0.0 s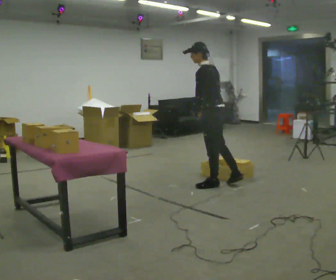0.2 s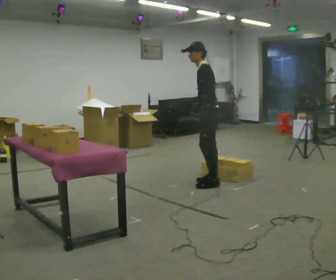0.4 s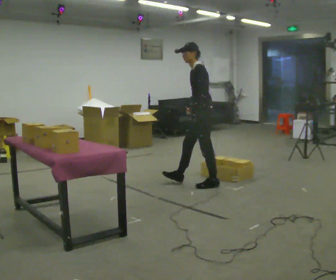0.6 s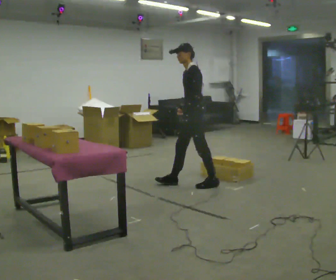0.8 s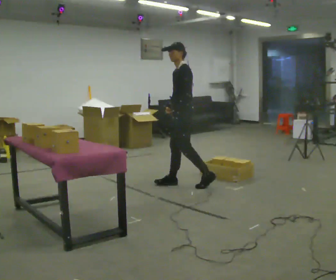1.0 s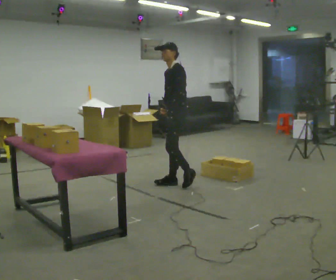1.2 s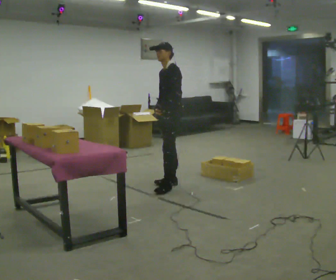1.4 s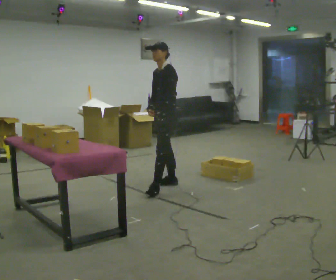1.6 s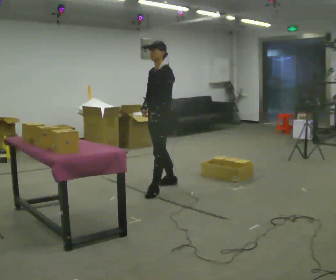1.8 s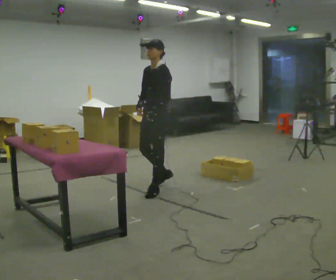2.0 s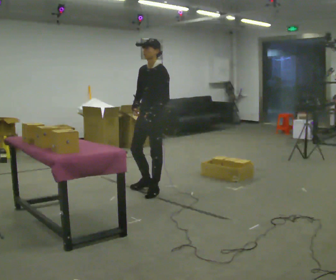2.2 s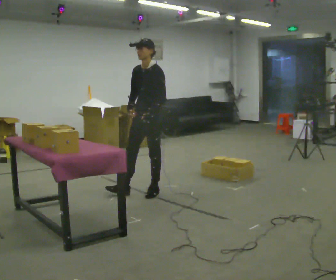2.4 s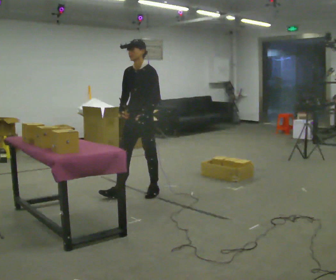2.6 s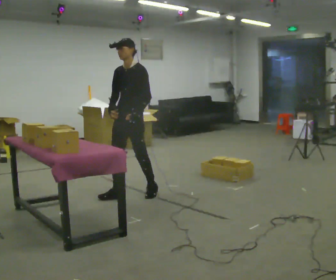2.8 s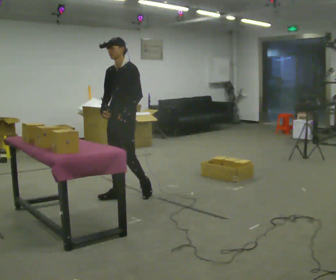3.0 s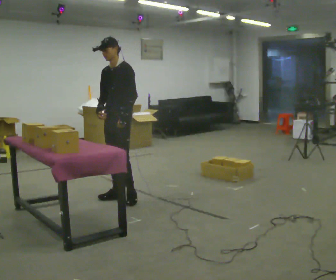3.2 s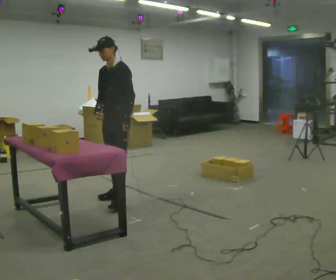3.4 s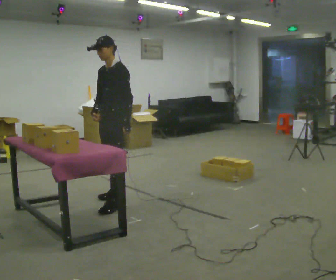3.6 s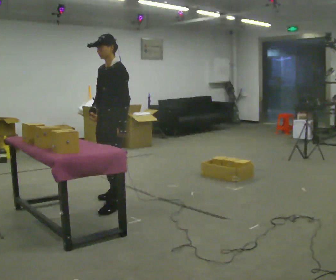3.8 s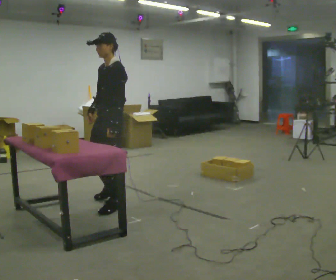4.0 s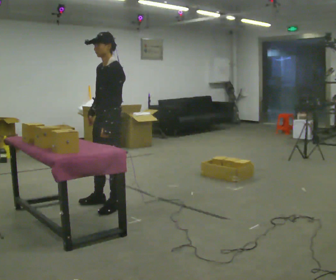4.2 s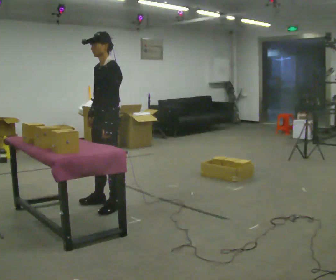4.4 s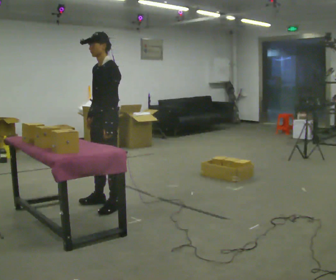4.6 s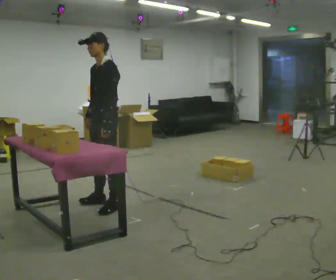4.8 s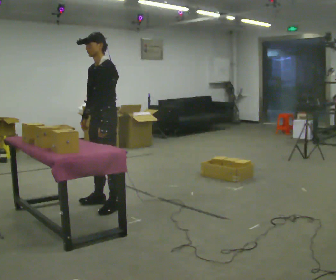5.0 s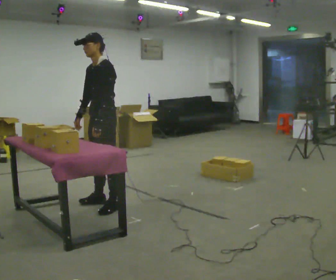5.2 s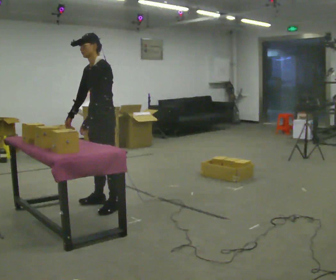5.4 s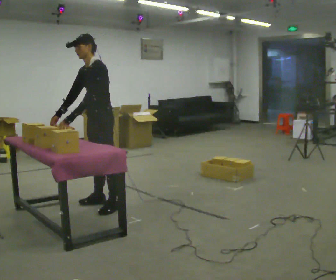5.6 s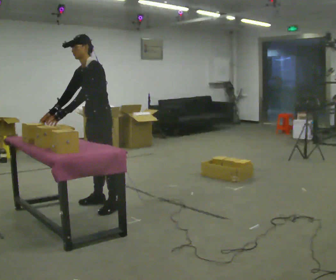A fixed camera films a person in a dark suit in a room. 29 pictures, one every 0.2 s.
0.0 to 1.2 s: The part of the body nearest the lens slides to the right as the person turns to their left by about 60 degrees. In the picture they go to the left and away from the camera, about 0.5 m in 1 step, which for them is forward and to their right.
1.2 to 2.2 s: In the picture they go to the left and toward the camera, about 0.5 m in 1 step, which for them is forward.
2.2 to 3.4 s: In the picture they go to the left and toward the camera, about 0.5 m in 2 steps, which for them is forward.
3.4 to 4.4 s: In the picture they go toward the camera, about 0.25 m in 1 step, which for them is forward and to their left.
4.4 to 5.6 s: In the picture the upper body tilts counterclockwise, shoulders to the left, as they bend forward. In the picture their right hand goes to the left.
The film runs forward here.
